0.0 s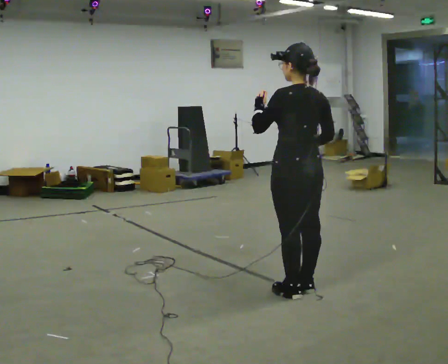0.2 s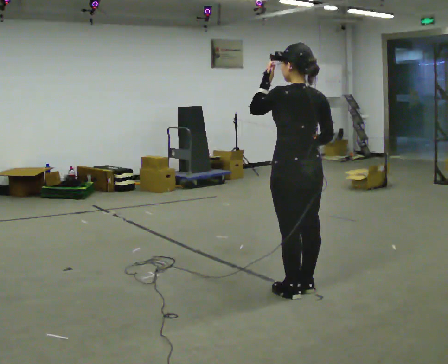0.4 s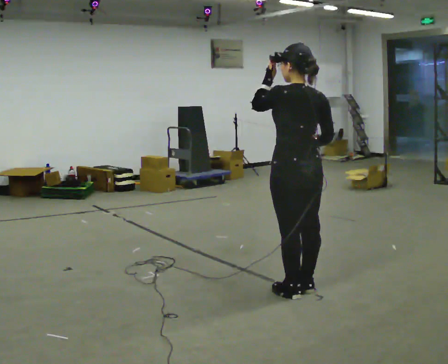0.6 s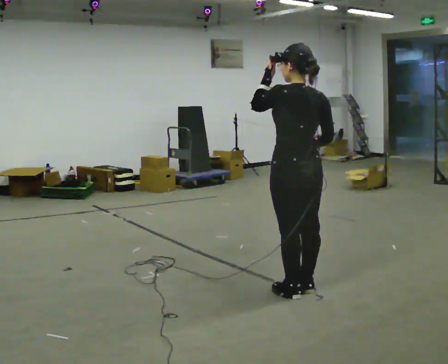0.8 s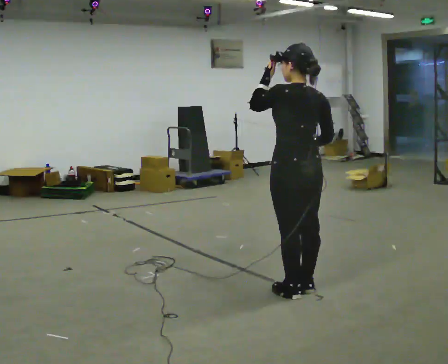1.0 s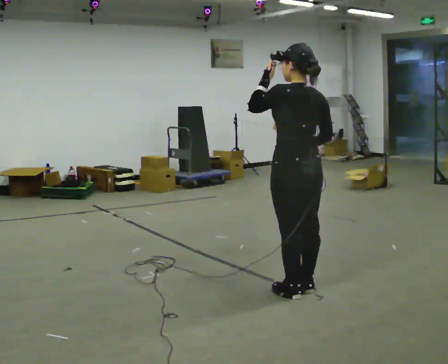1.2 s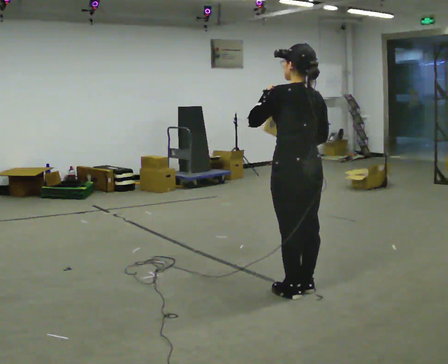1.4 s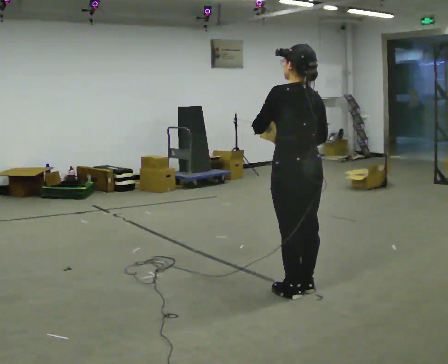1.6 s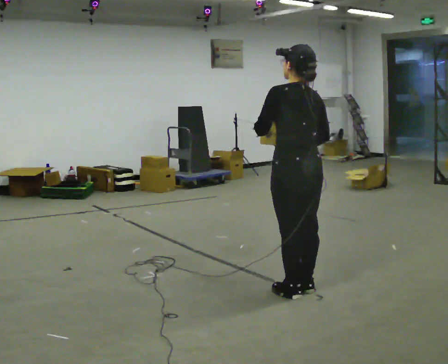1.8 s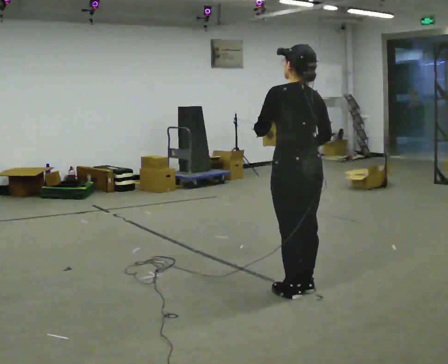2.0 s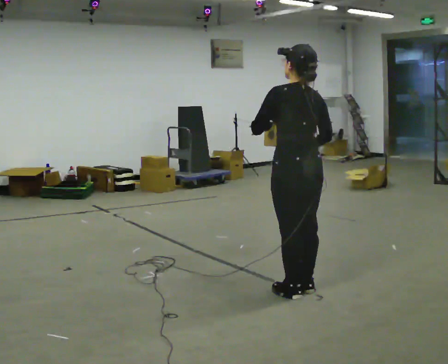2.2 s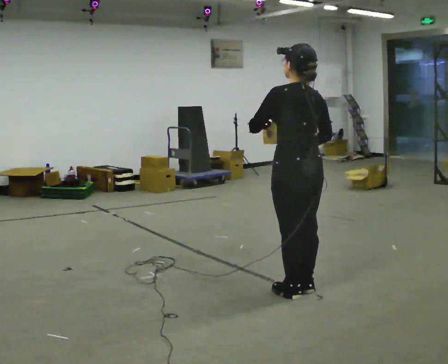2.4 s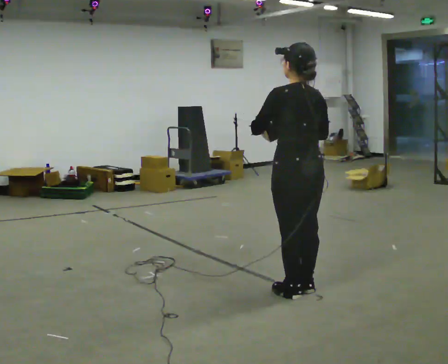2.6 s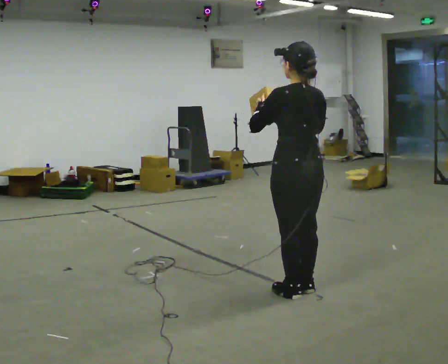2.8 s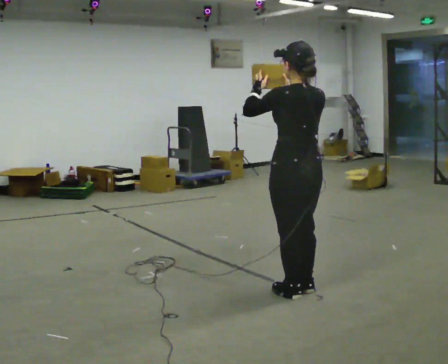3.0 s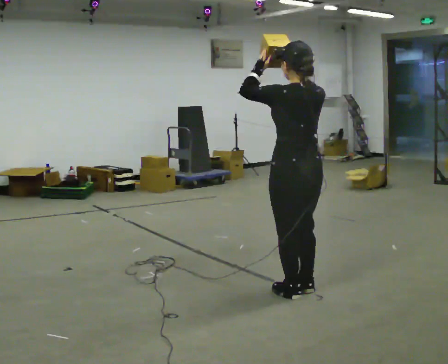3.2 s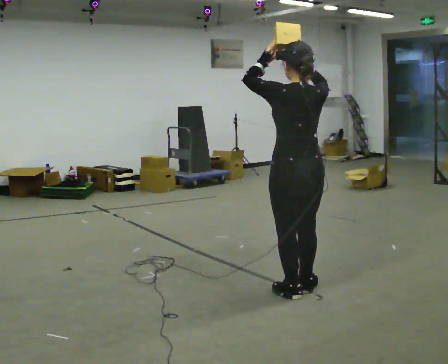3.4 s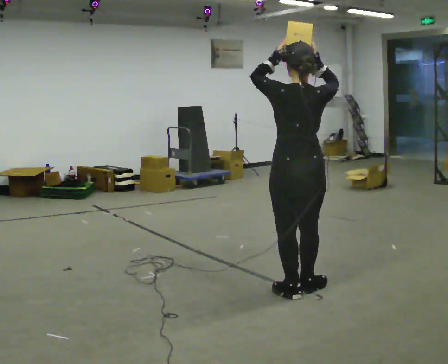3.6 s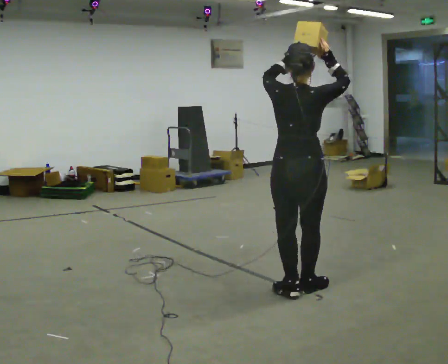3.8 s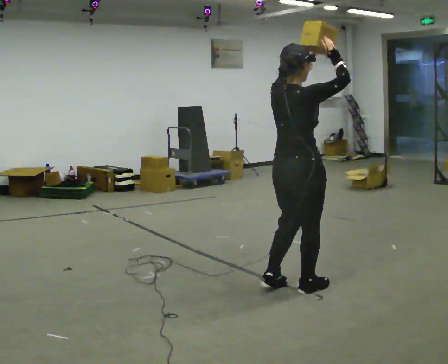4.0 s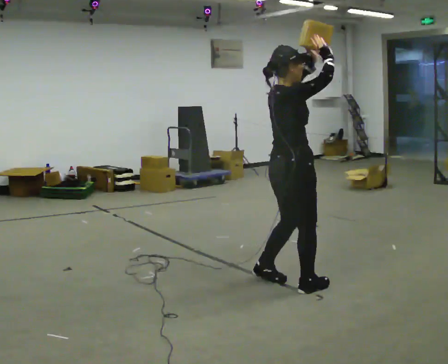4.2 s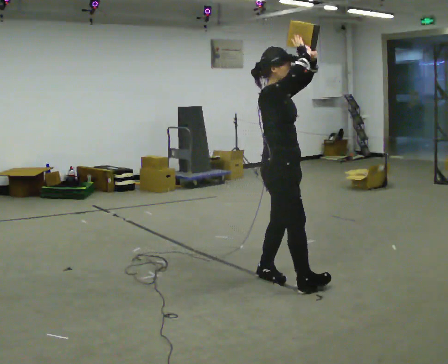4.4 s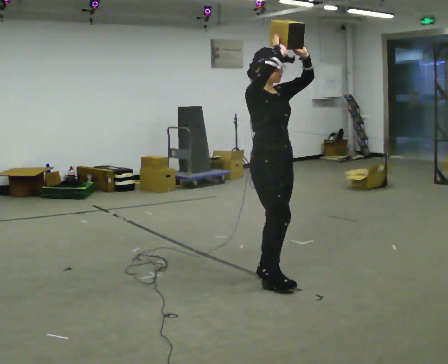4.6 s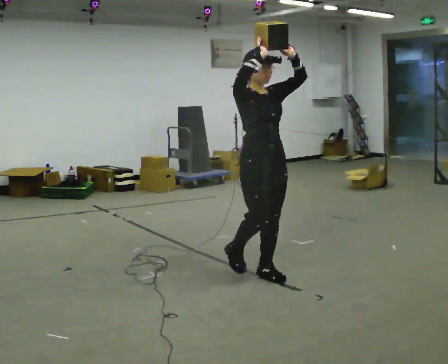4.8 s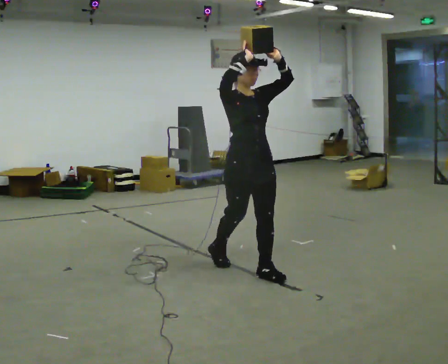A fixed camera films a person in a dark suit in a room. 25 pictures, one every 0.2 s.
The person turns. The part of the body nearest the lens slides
to the left.
Their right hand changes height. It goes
upward.
0.0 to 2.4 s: The person moves a little, or ends about where they began.
2.4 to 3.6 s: Seen from above the body turns clockwise, about 45 degrees: to their right, with its near side sliding to the left. In the picture their right hand goes upward.
3.6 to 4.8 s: The part of the body nearest the lens slides to the left as the person turns to their right by about 135 degrees. In the picture they go to the left and away from the camera, about 0.5 m in 2 steps.
The film runs backward here.
